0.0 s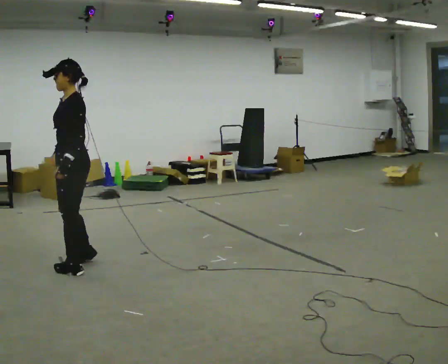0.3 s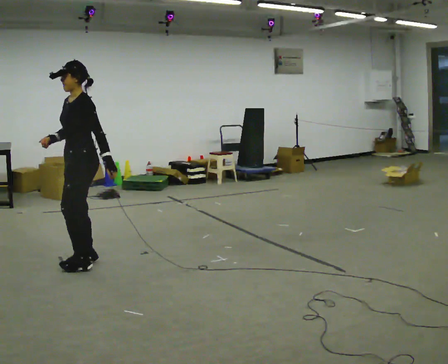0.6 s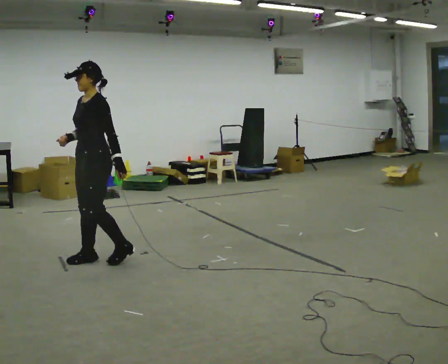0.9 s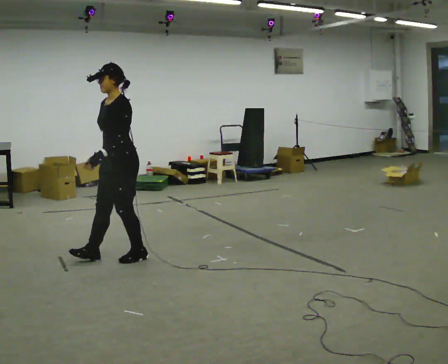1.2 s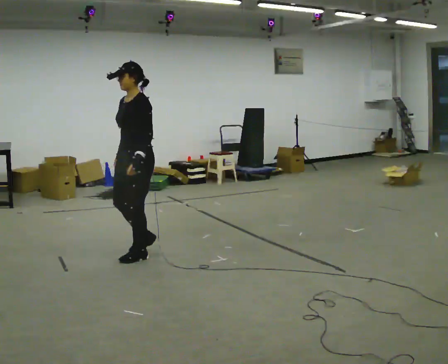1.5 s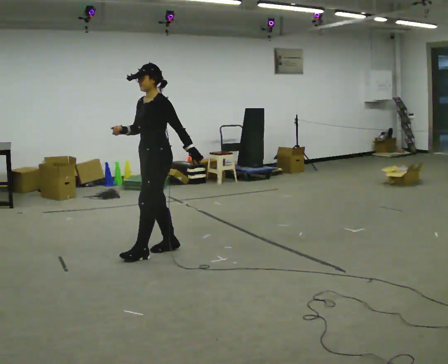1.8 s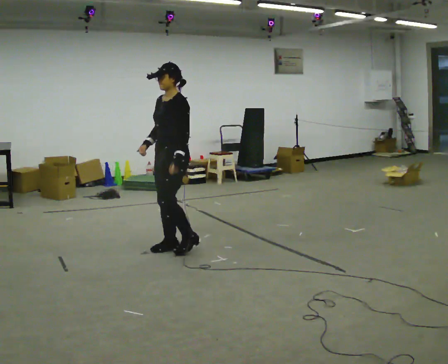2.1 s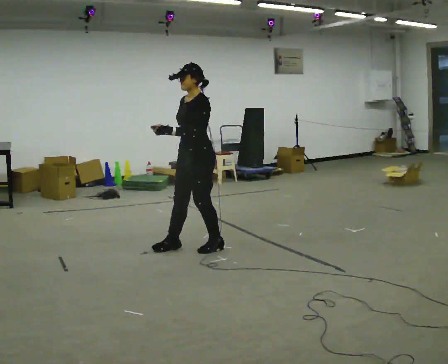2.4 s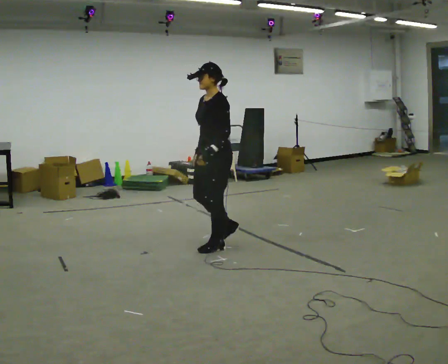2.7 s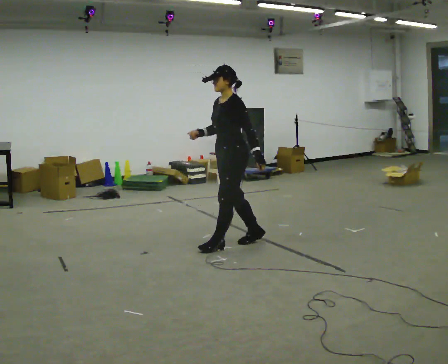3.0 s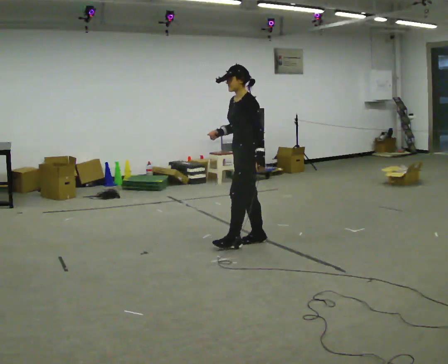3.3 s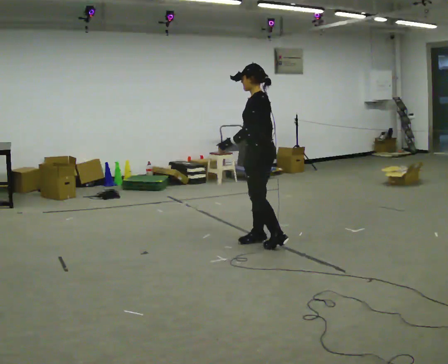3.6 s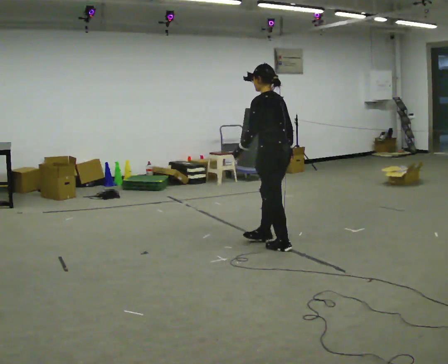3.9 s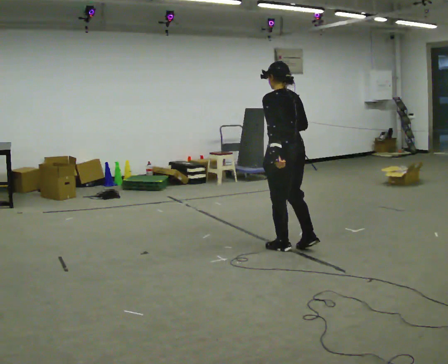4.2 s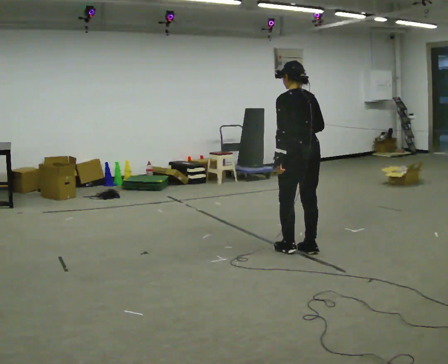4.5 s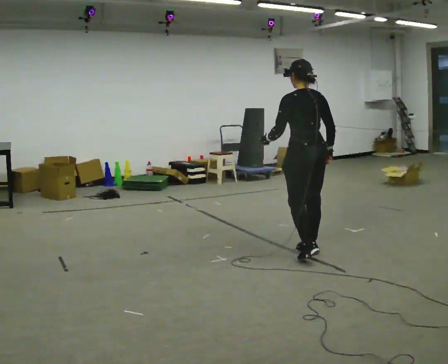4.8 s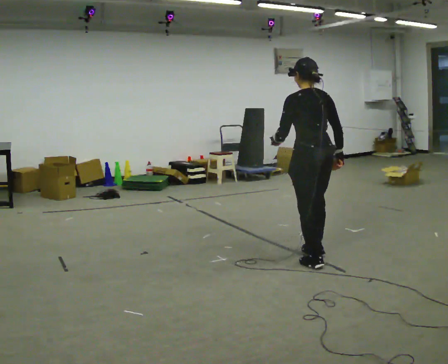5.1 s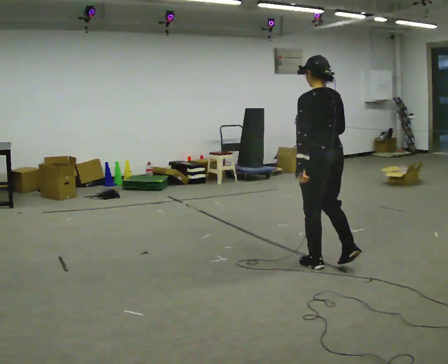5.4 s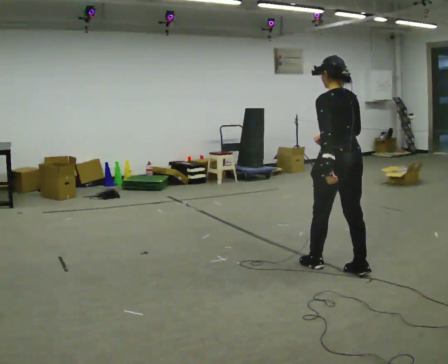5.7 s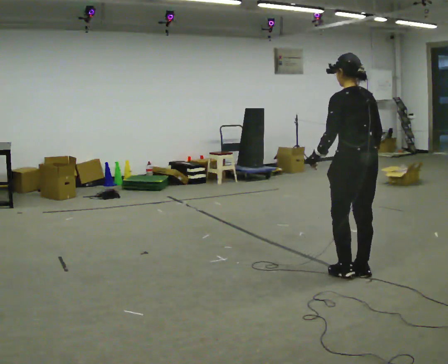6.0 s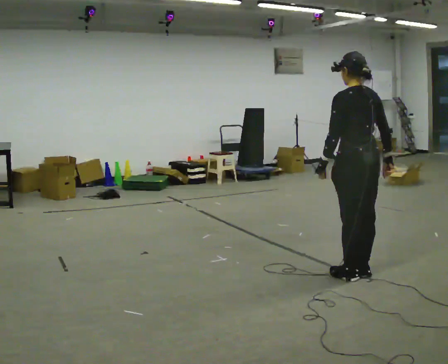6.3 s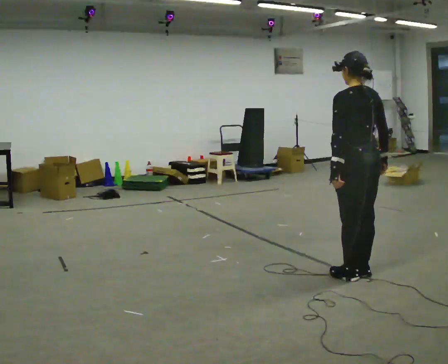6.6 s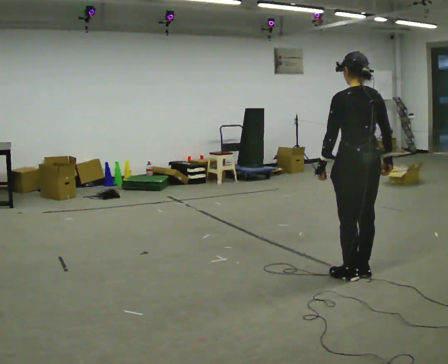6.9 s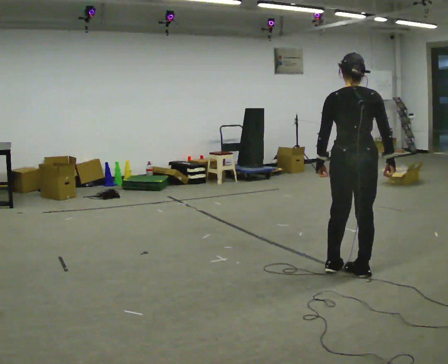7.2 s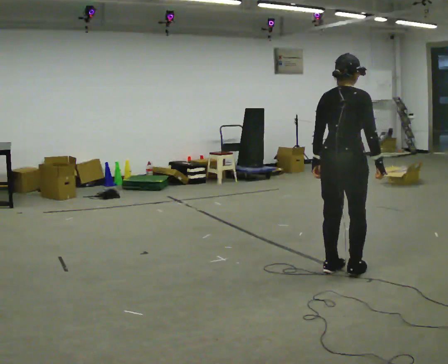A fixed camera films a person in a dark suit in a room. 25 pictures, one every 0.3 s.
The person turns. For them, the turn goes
to their right.
The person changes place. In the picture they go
to the right.
0.0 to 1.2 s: In the picture they go to the right and away from the camera, about 0.5 m in 1 step, which for them is backward.
1.2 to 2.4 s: In the picture they go to the right and away from the camera, about 0.75 m in 2 steps, which for them is backward.
2.4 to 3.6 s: Seen from above the body turns clockwise, about 60 degrees: to their right, with its near side sliding to the left. In the picture they go to the right, about 0.5 m in 2 steps.
3.6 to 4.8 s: The person turns about 30 degrees to their right, clockwise seen from above, so the part of the body nearest the lens slides to the left. In the picture they go toward the camera and to the right, about 0.5 m in 2 steps, which for them is backward.
4.8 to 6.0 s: In the picture they go toward the camera and to the right, about 0.5 m in 2 steps, which for them is backward.
6.0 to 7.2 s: The person turns about 75 degrees to their right, clockwise seen from above, so the part of the body nearest the lens slides to the left.
The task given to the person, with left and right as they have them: Walk backward several steps, then turn while still moving backward, then continue backward. Operator confirms the space behind you is clear.
The film runs forward here.
